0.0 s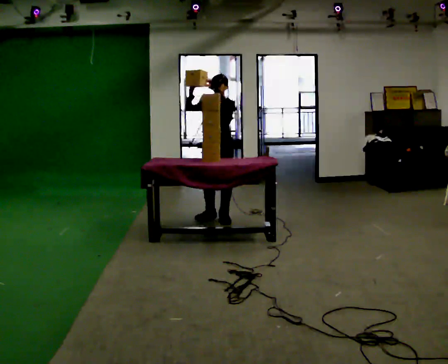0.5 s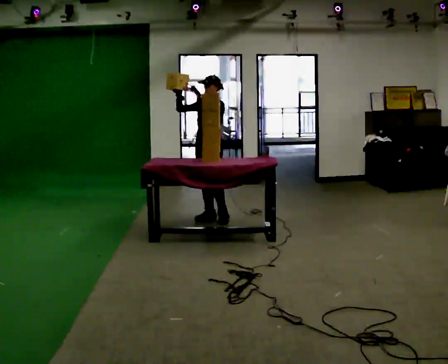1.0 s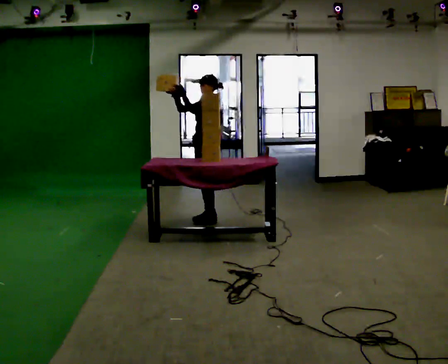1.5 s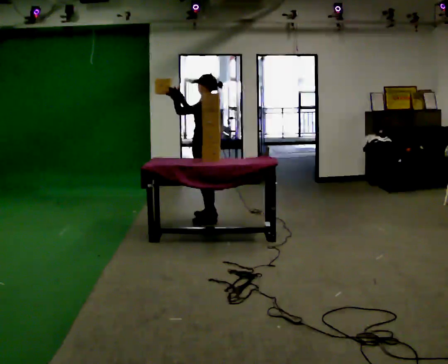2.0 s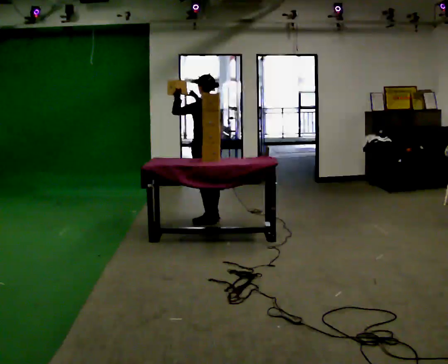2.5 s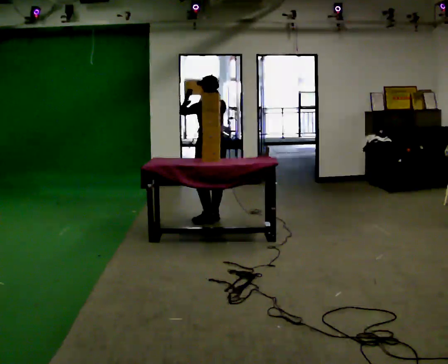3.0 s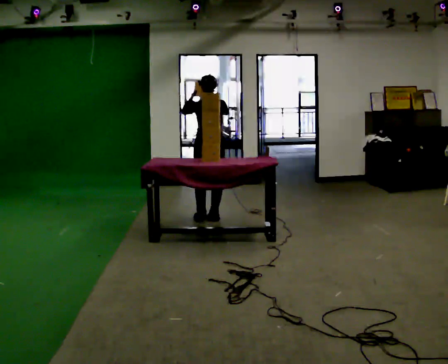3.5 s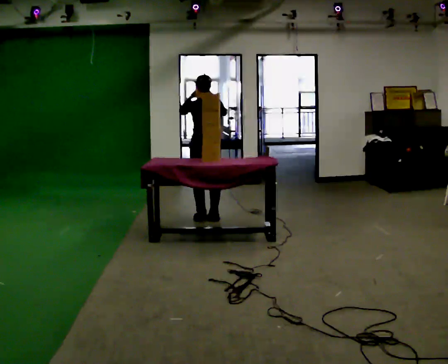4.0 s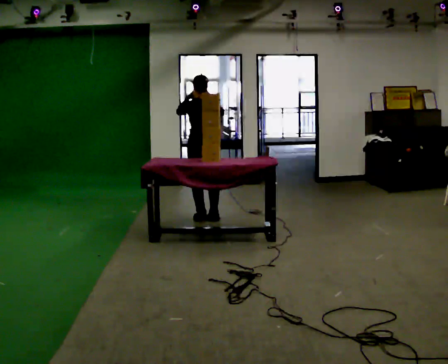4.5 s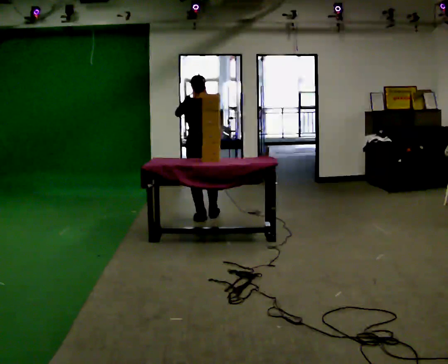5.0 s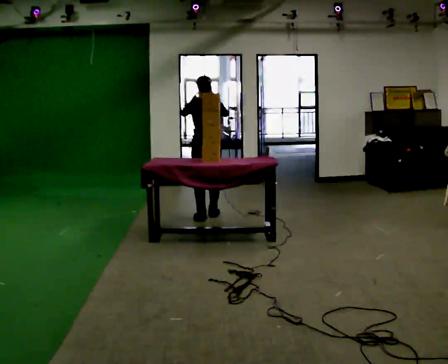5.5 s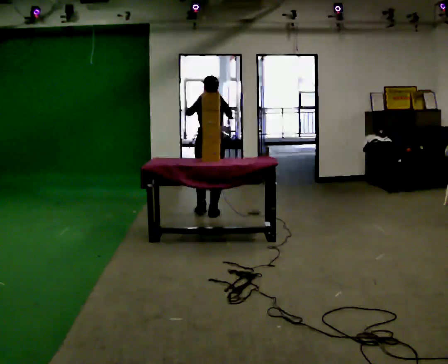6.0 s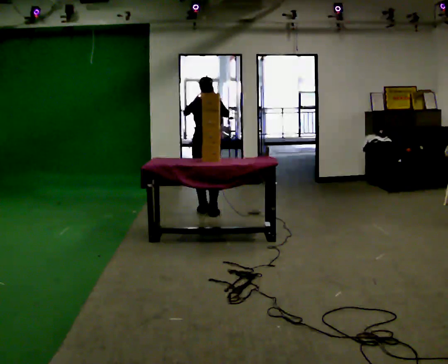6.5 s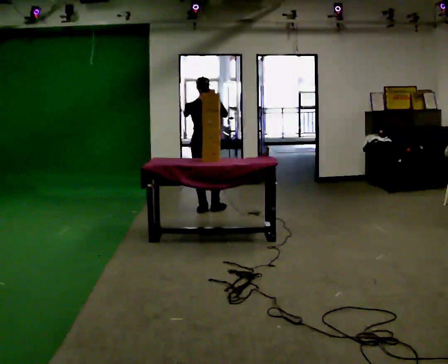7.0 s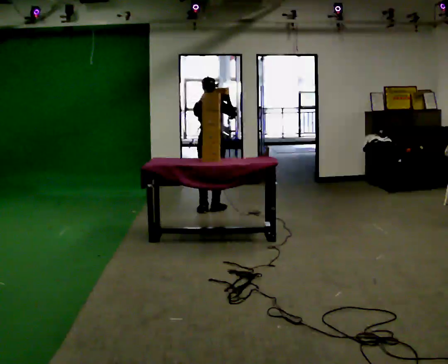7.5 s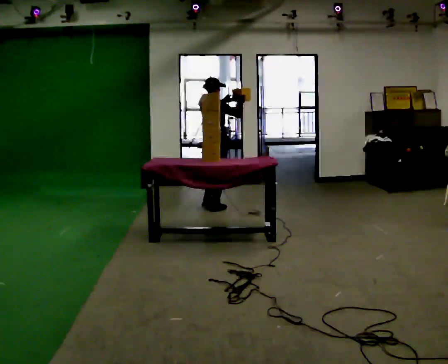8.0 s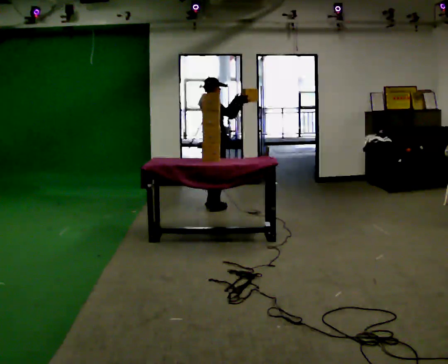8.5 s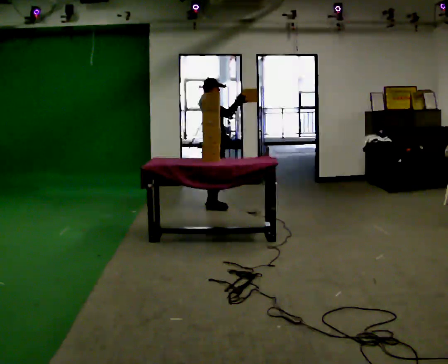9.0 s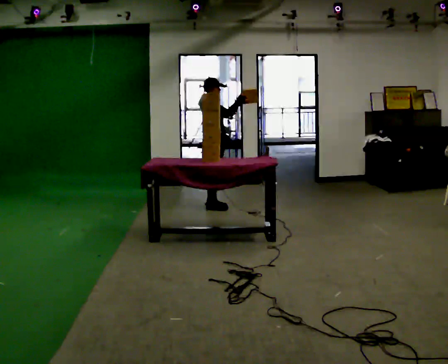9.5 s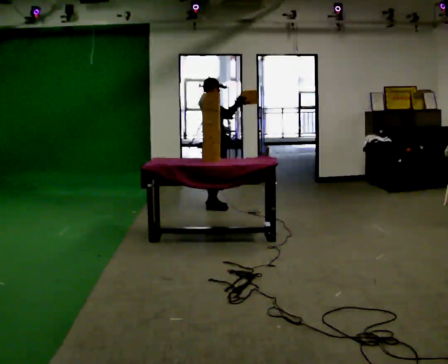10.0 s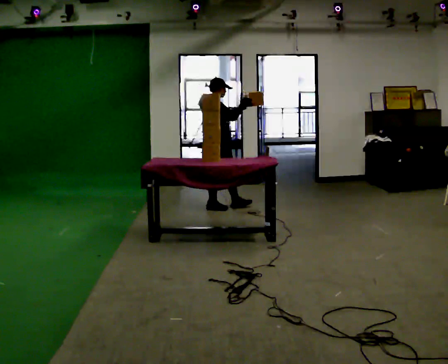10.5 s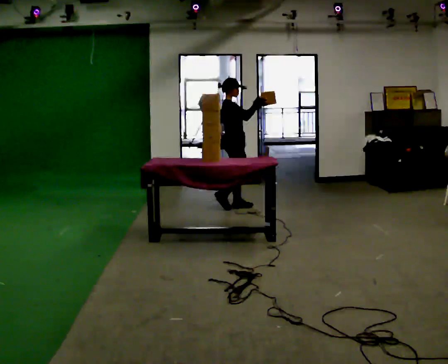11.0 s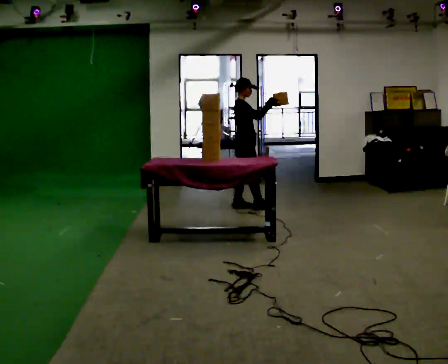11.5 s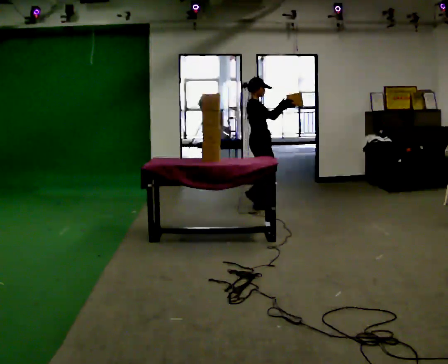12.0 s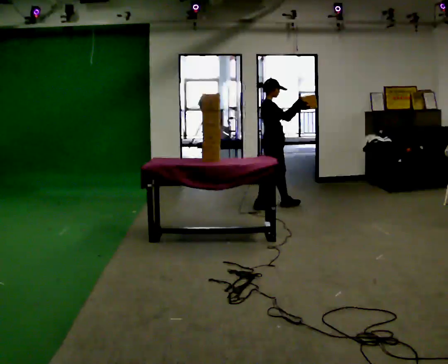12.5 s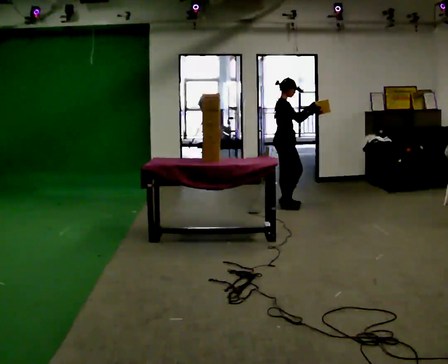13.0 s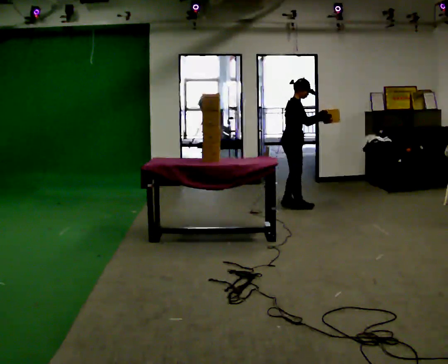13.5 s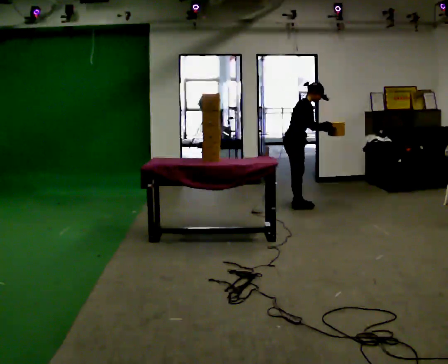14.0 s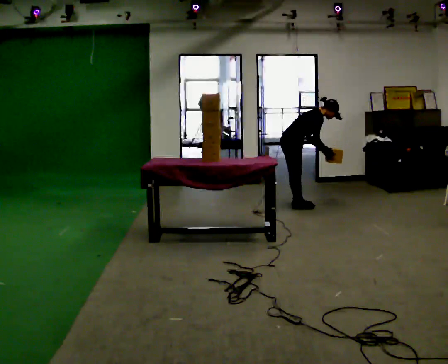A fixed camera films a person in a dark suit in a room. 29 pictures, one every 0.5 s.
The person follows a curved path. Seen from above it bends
clockwise.
Their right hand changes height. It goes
downward.
0.0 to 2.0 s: The part of the body nearest the lens slides to the left as the person turns to their right by about 105 degrees.
2.0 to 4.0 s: The part of the body nearest the lens slides to the left as the person turns to their right by about 45 degrees.
4.0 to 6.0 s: In the picture they go away from the camera, about 0.25 m in 1 step, which for them is forward.
6.0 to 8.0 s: Seen from above the body turns clockwise, about 75 degrees: to their right, with its near side sliding to the left. In the picture they go away from the camera, about 0.25 m in 2 steps.
8.0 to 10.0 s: The person moves a little, or ends about where they began.
10.0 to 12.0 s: In the picture they go to the right, about 0.75 m in 2 steps, which for them is forward.
12.0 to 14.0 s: In the picture they go to the right, about 0.25 m in 1 step, which for them is forward. The upper body goes downward. In the picture the upper body tilts clockwise, shoulders to the right, as they bend forward. In the picture their left hand goes downward and to the right, the arm swinging clockwise.
The film runs forward here.
